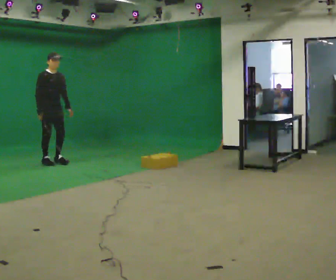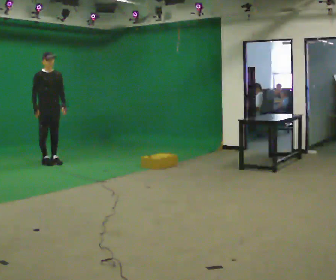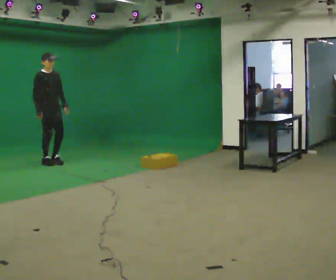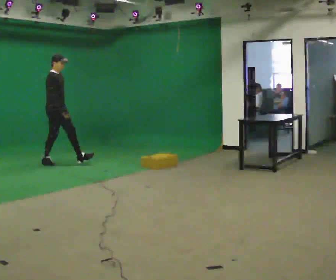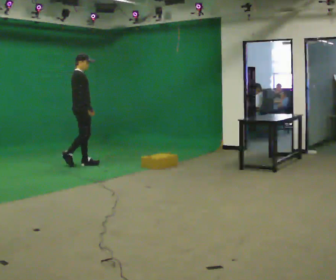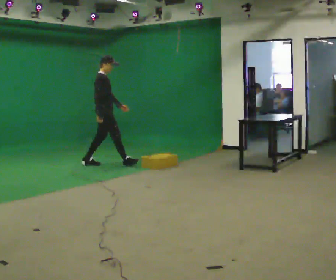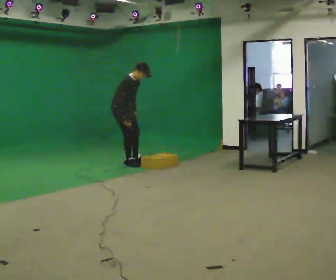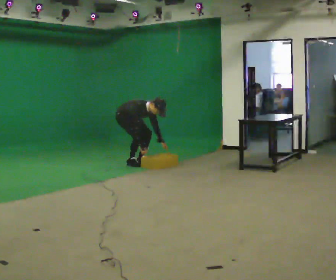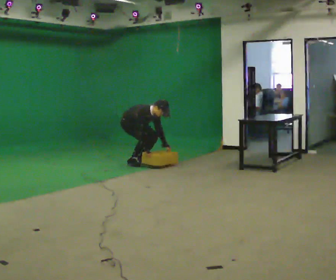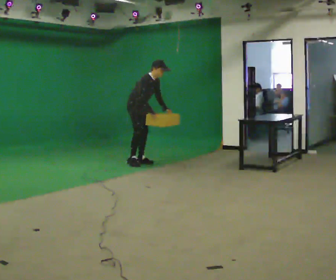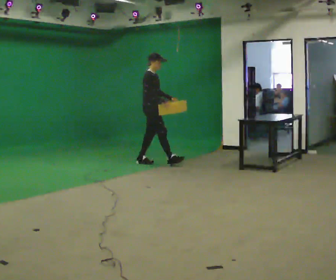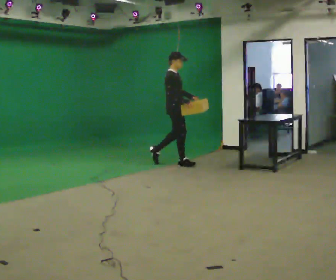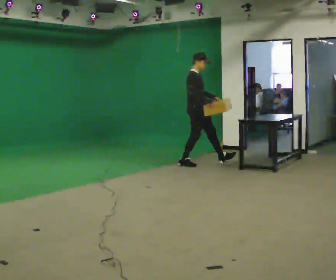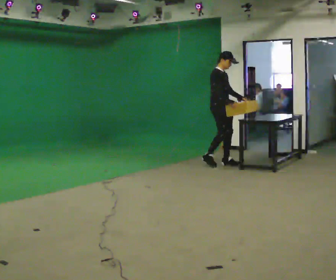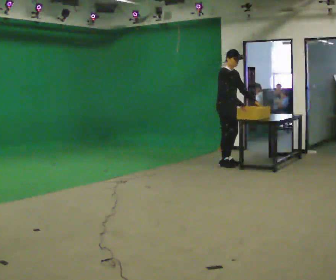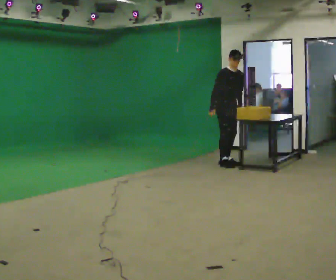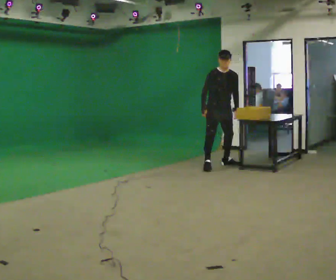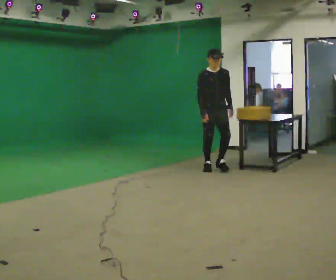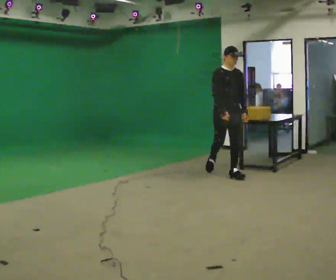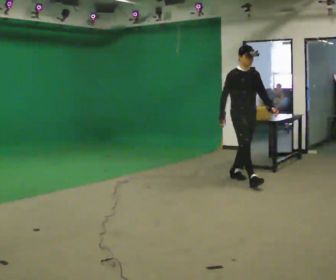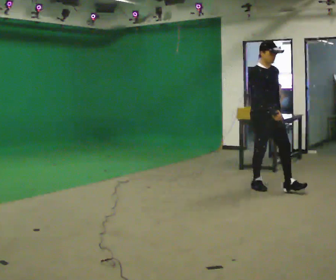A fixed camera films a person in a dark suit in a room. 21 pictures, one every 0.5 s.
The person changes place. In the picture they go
to the right.
0.0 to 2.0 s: The part of the body nearest the lens slides to the right as the person turns to their left by about 45 degrees. In the picture they go to the right, about 0.5 m in 1 step, which for them is forward and to their left.
2.0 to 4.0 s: The person turns about 30 degrees to their right, clockwise seen from above, so the part of the body nearest the lens slides to the left. In the picture they go to the right, about 1 m in 2 steps, which for them is forward and to their left. The shoulders move downward. In the picture the upper body tilts clockwise, shoulders to the right, as they bend forward. In the picture their left hand goes downward.
4.0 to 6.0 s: In the picture they go to the right, about 1 m in 1 step, which for them is forward. The upper body goes upward. In the picture the upper body tilts counterclockwise, shoulders to the left, as they lean back or straighten. In the picture their right hand goes upward.
6.0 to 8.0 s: The part of the body nearest the lens slides to the left as the person turns to their right by about 60 degrees. In the picture they go to the right, about 0.25 m in 3 steps, which for them is forward.
8.0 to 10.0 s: In the picture they go toward the camera, about 1.5 m in 2 steps, which for them is forward.
The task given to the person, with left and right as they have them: Walk forward noticeably slower than normal; do not shuffle; stop.
The film runs forward here.
